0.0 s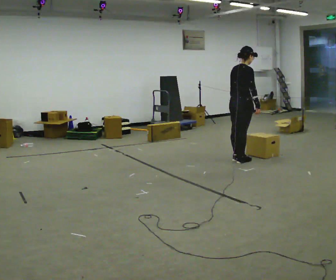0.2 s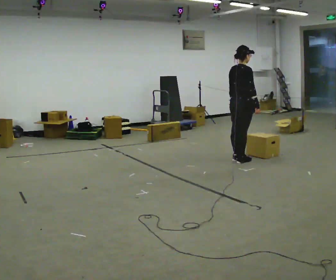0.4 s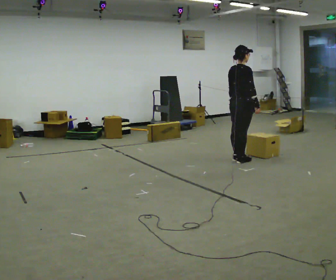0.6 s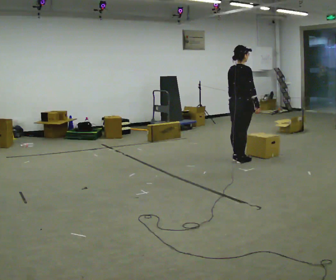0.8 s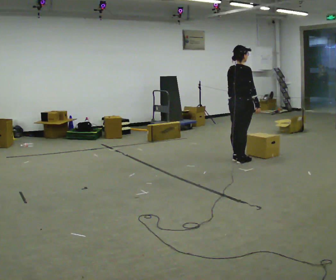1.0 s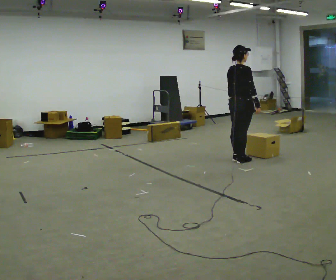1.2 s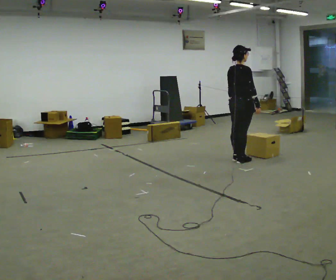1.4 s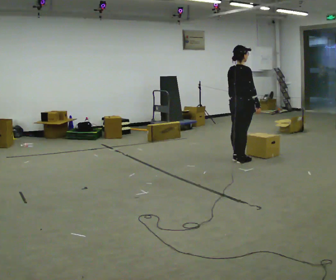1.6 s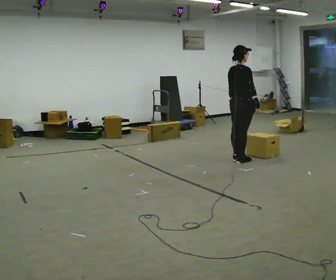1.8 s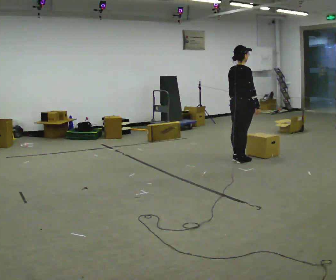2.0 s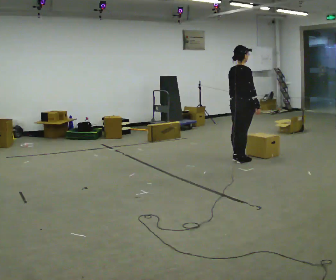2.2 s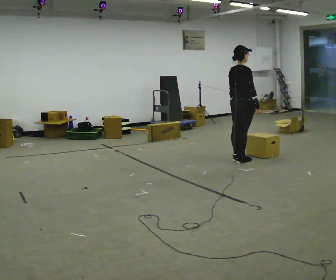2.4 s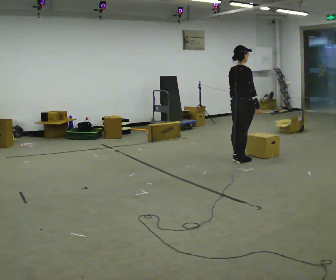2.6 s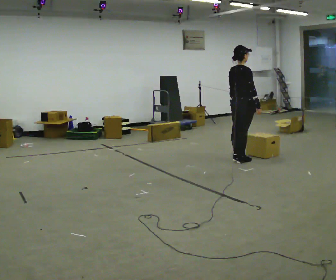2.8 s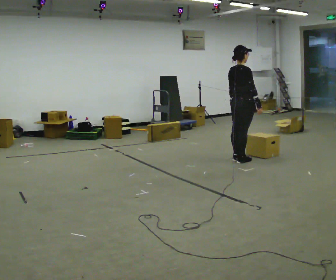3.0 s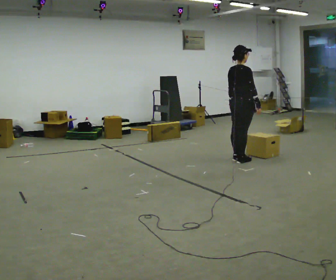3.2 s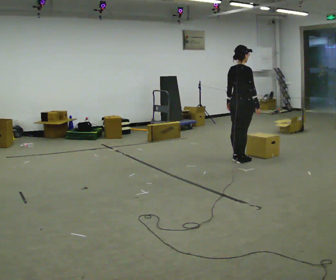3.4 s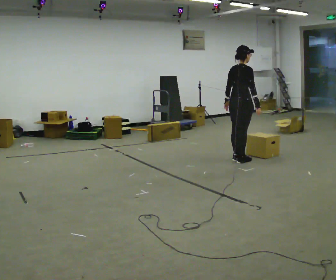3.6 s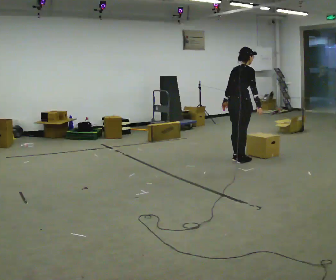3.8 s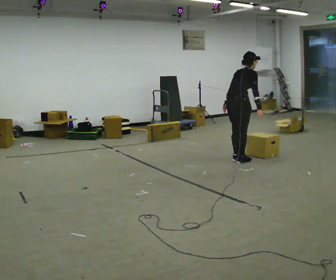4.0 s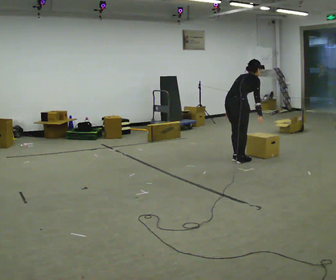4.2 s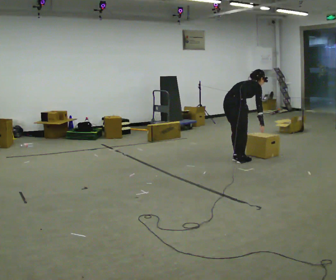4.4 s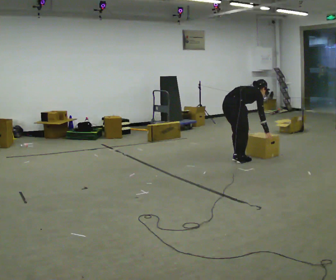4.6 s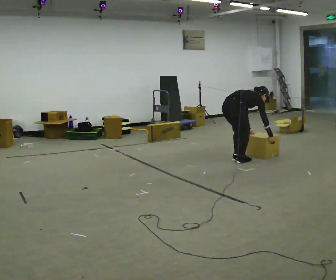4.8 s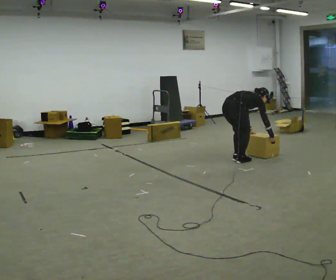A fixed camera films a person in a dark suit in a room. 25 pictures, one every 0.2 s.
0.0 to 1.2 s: The person moves a little, or ends about where they began.
1.2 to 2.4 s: The person keeps their place and pose.
2.4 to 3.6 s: The person moves a little, or ends about where they began.
3.6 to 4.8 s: The shoulders move downward. In the picture the upper body tilts clockwise, shoulders to the right, as they bend forward. In the picture their left hand goes downward and to the right.
The film runs backward here.
